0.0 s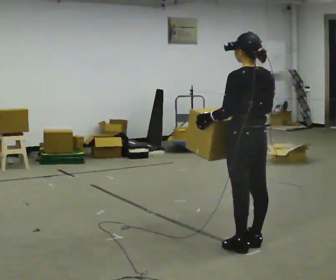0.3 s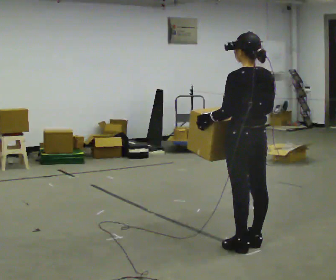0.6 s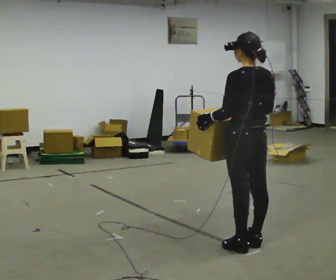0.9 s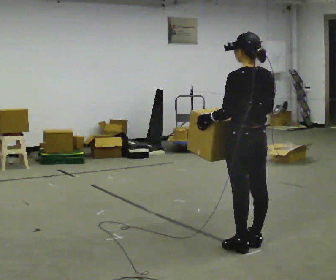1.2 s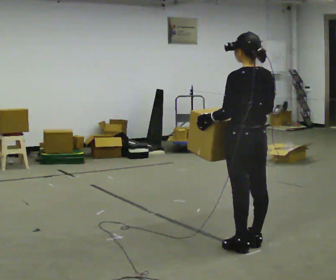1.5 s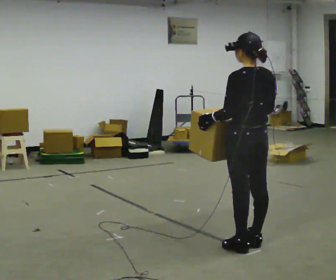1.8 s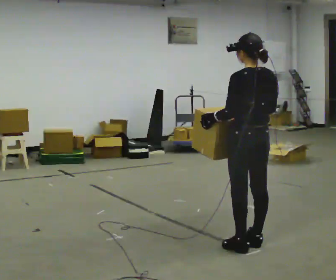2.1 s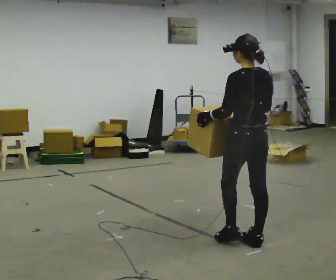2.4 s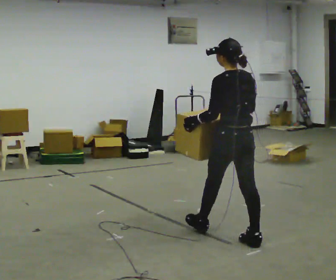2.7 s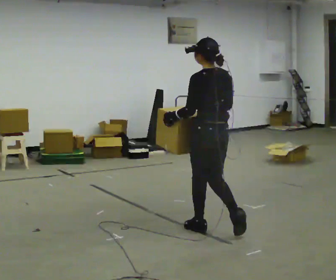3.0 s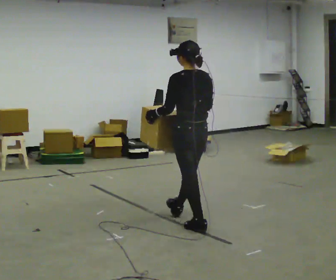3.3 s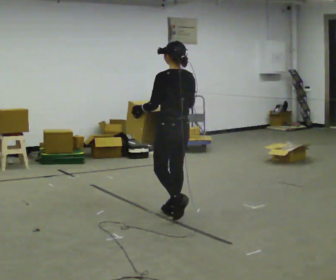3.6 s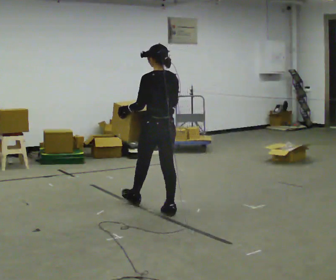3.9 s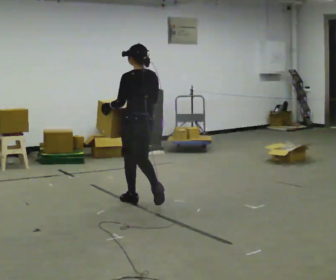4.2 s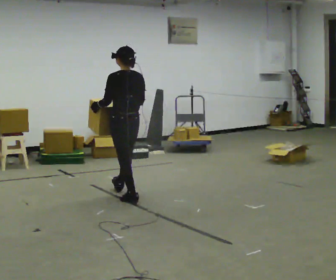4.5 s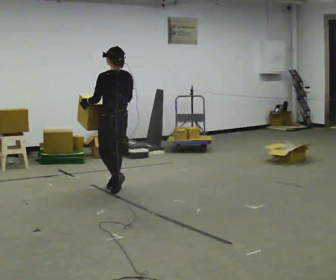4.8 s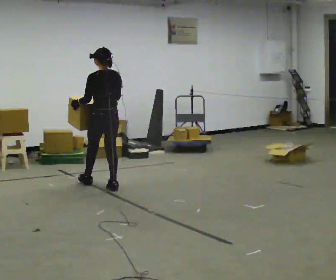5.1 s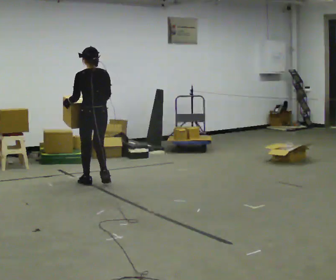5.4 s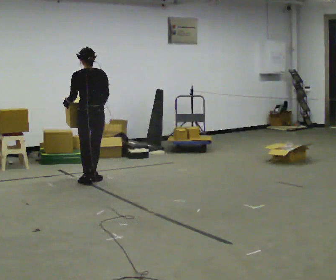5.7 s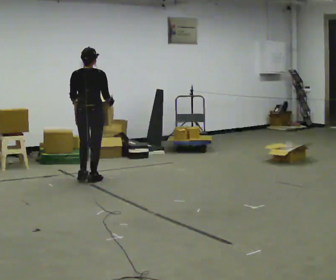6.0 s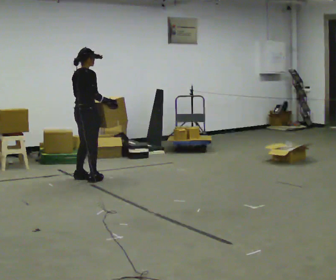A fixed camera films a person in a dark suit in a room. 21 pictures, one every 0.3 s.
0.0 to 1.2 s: The person keeps their place and pose.
1.2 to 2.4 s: In the picture they go away from the camera, about 0.25 m, which for them is forward.
2.4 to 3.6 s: In the picture they go away from the camera and to the left, about 1 m in 2 steps, which for them is forward.
3.6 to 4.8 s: In the picture they go away from the camera and to the left, about 1 m in 2 steps, which for them is forward.
4.8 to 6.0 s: Seen from above the body turns clockwise, about 90 degrees: to their right, with its near side sliding to the left. In the picture they go to the left and away from the camera, about 0.5 m in 3 steps.
The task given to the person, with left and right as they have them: Carry the box in both hands and walk back and forth across the room. The contents may move around. Carry on as best you can.
The film runs forward here.
